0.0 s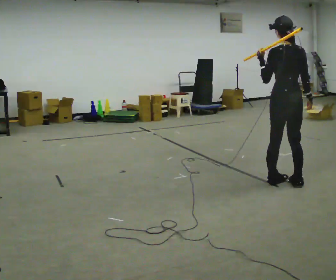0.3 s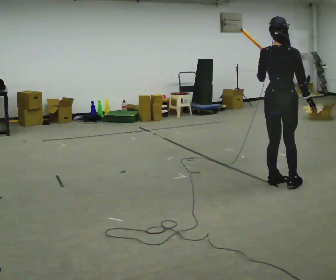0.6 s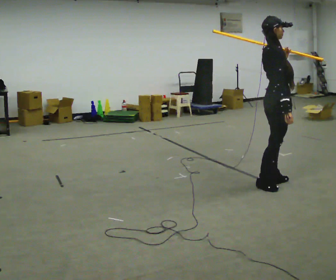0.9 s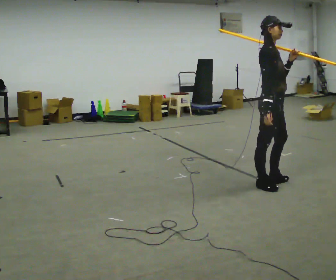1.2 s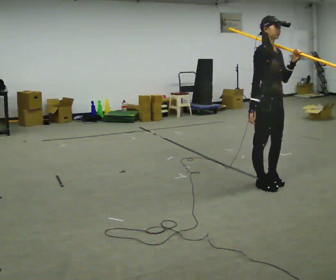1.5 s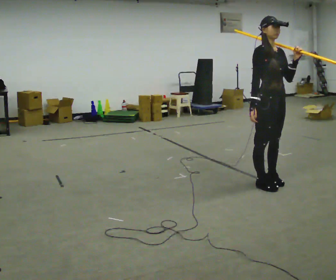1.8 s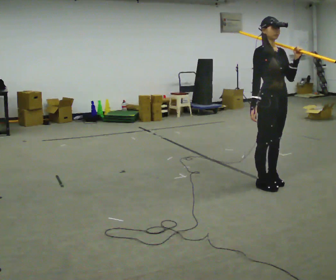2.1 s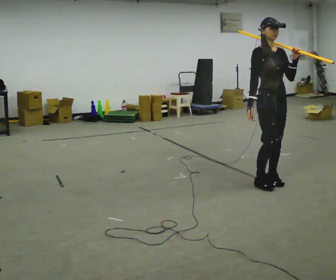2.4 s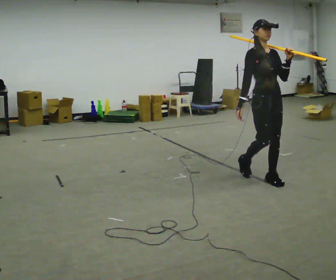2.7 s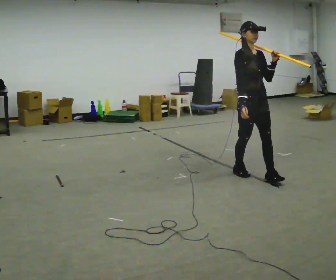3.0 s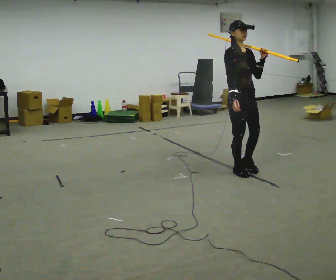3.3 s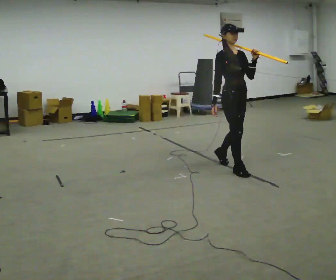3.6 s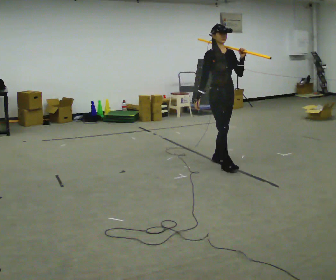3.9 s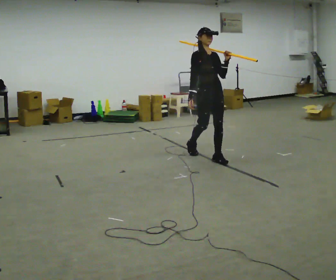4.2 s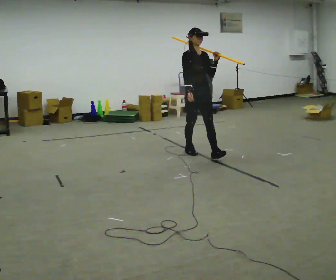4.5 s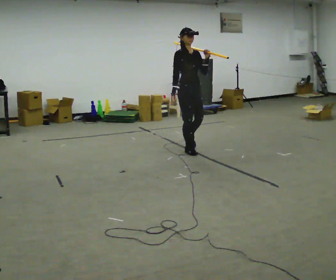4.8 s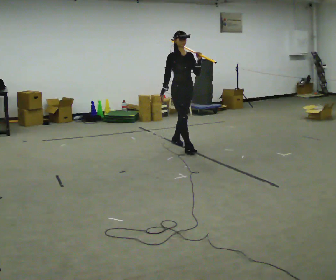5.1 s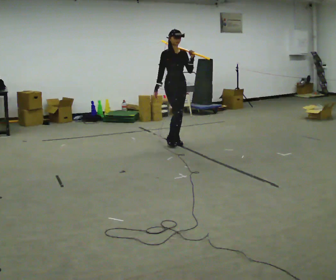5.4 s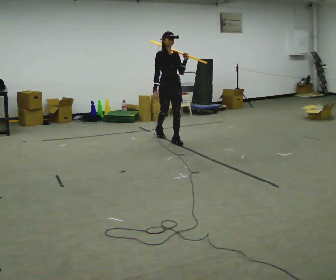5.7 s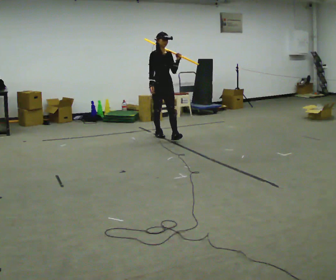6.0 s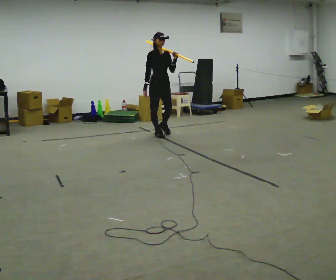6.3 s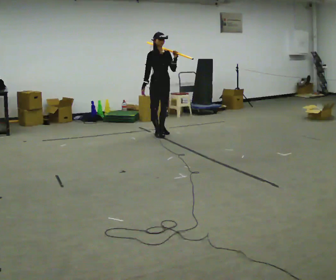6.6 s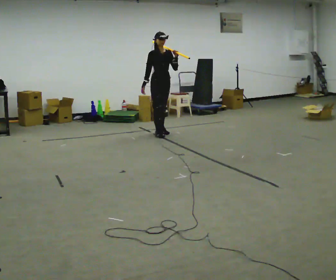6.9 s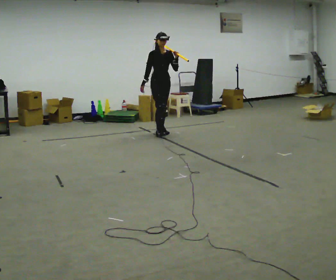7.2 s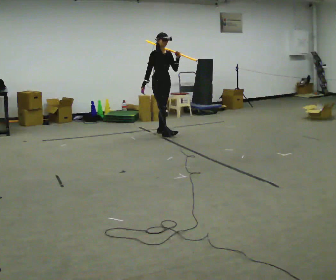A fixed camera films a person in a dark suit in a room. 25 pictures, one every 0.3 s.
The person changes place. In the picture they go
away from the camera.
0.0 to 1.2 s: The part of the body nearest the lens slides to the left as the person turns to their right by about 150 degrees. In the picture they go to the left, about 0.25 m in 1 step. In the picture their right hand goes to the left.
1.2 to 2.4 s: The person turns about 30 degrees to their right, clockwise seen from above, so the part of the body nearest the lens slides to the left. In the picture they go away from the camera, about 0.25 m in 1 step.
2.4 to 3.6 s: In the picture they go away from the camera and to the left, about 1 m in 2 steps, which for them is backward.
3.6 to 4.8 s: In the picture they go away from the camera and to the left, about 1 m in 1 step, which for them is backward.
4.8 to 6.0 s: In the picture they go away from the camera and to the left, about 1 m in 2 steps, which for them is backward.
6.0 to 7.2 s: In the picture they go away from the camera, about 0.25 m, which for them is backward.
The film runs backward here.
